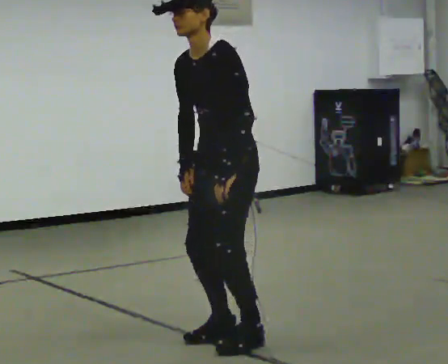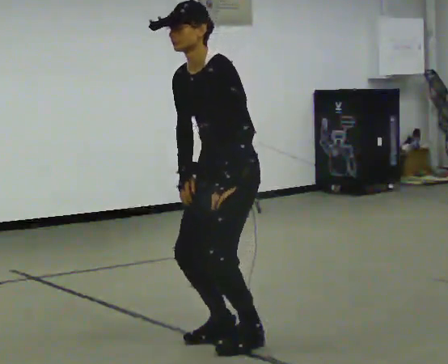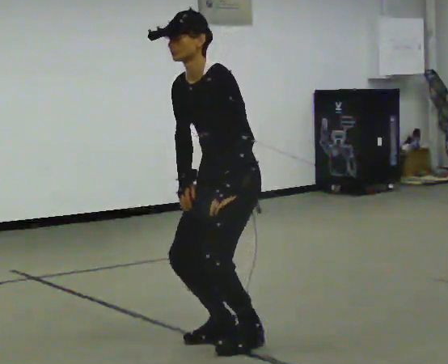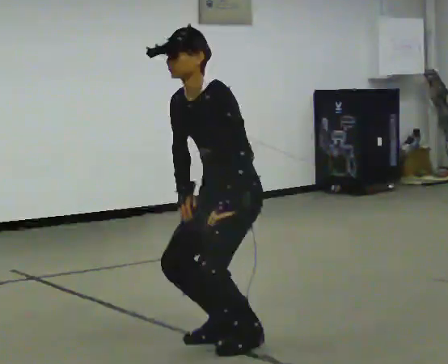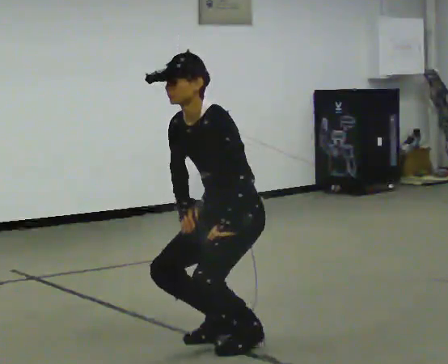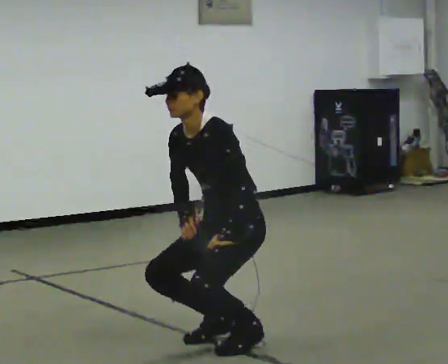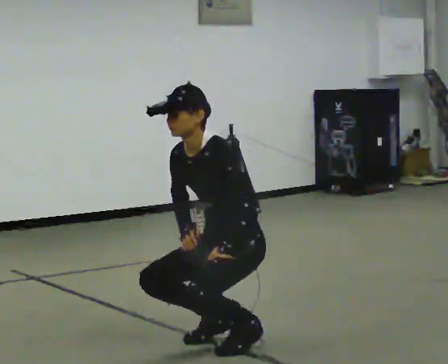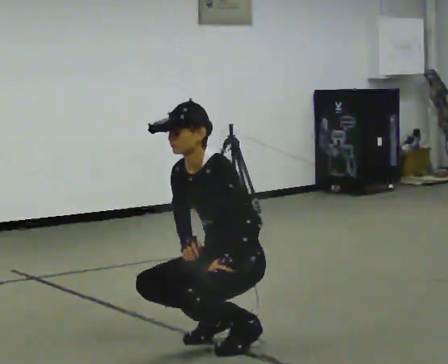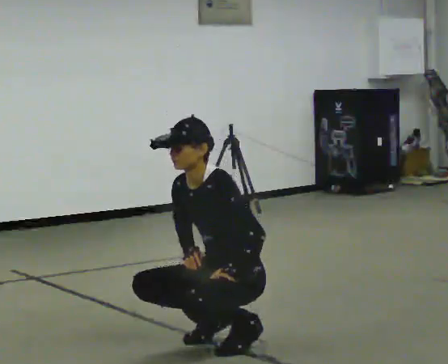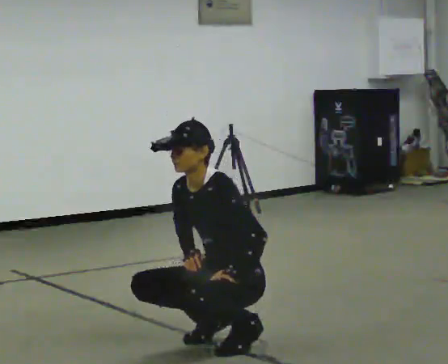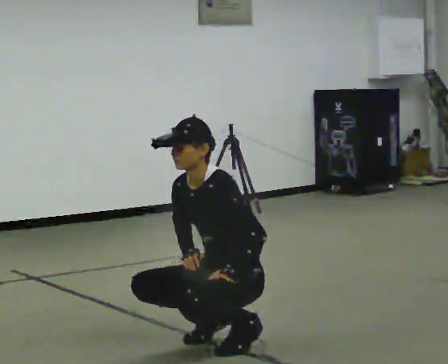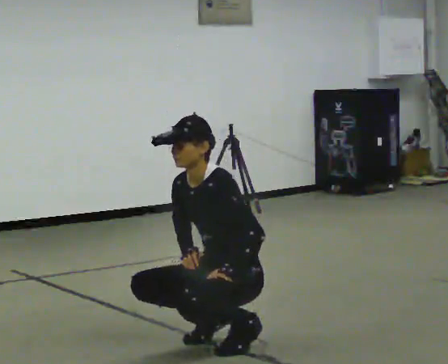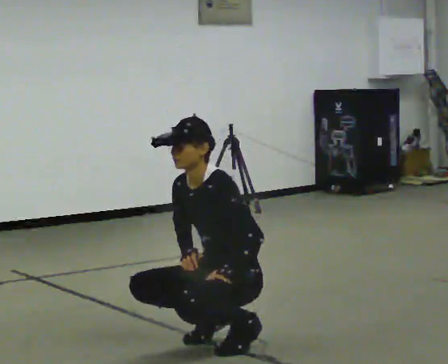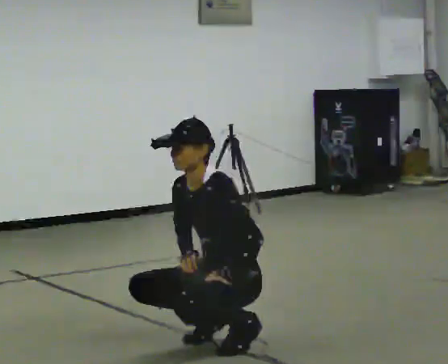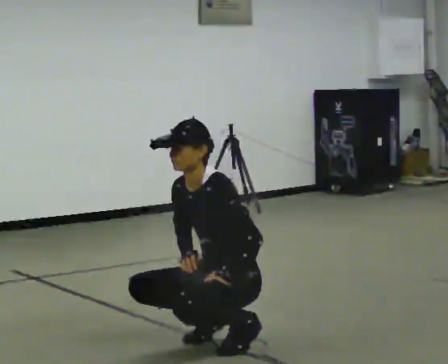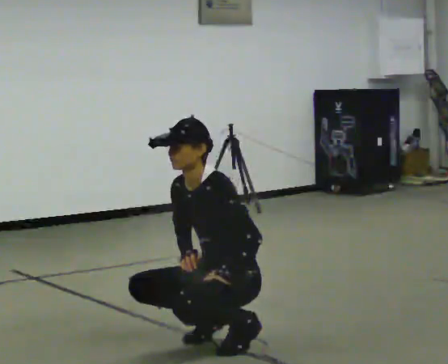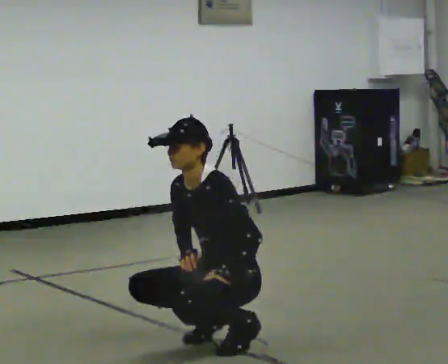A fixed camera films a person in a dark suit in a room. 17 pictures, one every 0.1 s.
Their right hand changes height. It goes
downward.
The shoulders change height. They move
downward.
0.0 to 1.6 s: The upper body goes downward. In the picture their right hand goes downward.
The film runs forward here.
